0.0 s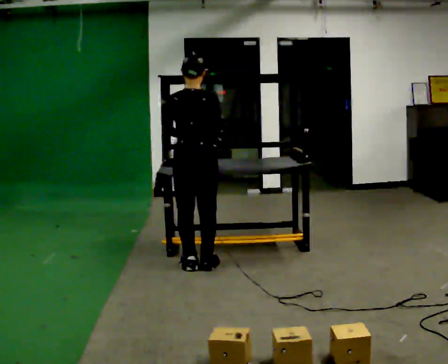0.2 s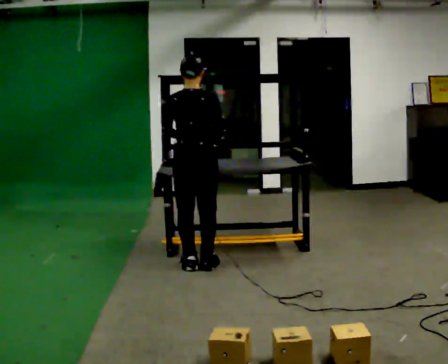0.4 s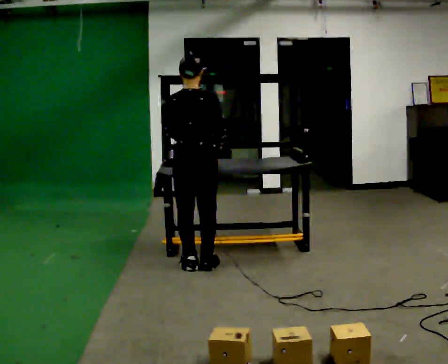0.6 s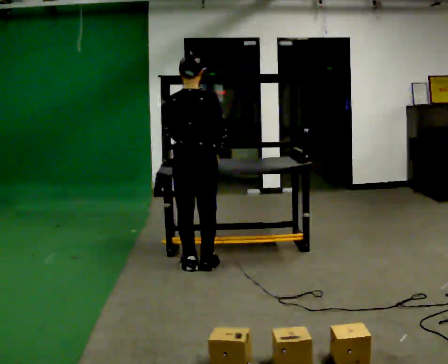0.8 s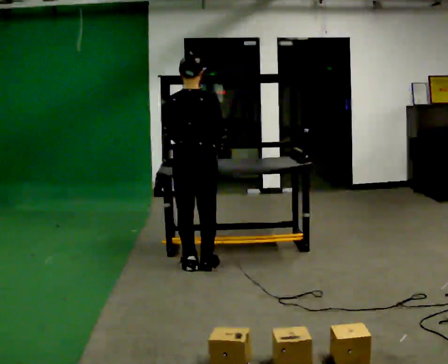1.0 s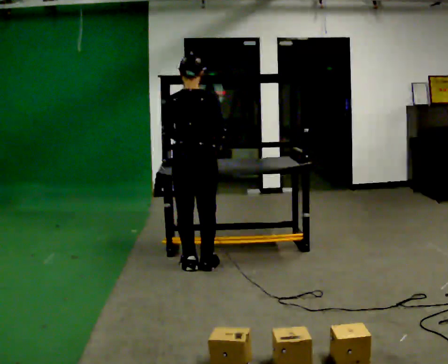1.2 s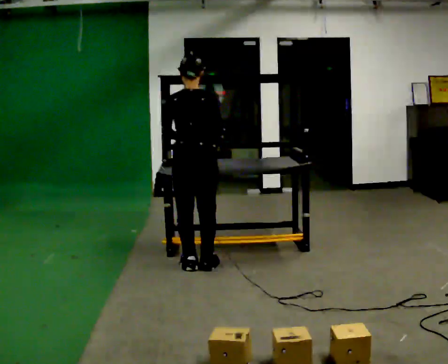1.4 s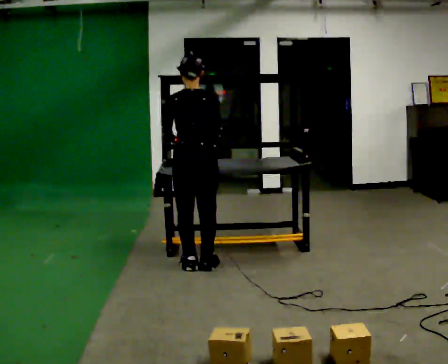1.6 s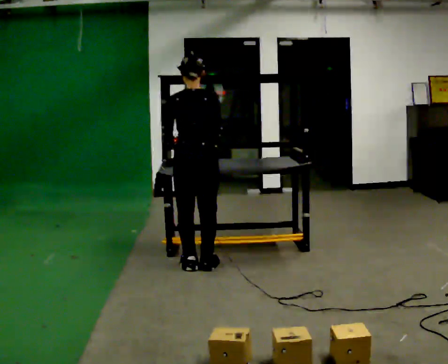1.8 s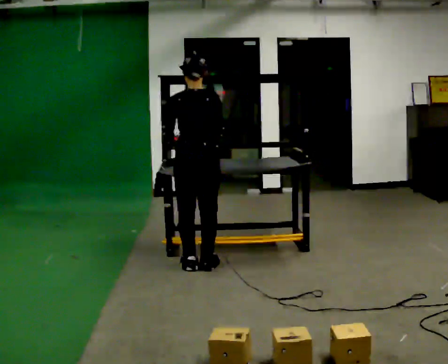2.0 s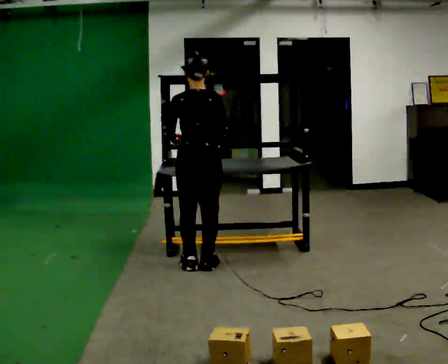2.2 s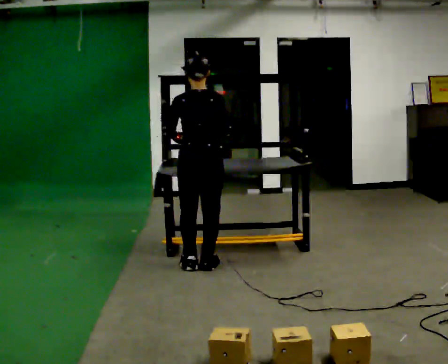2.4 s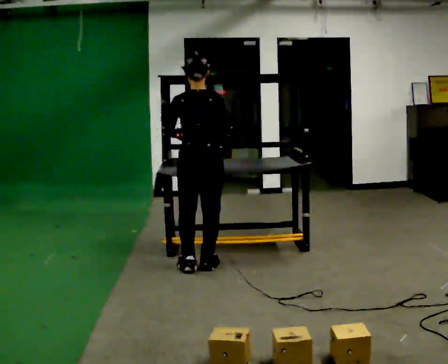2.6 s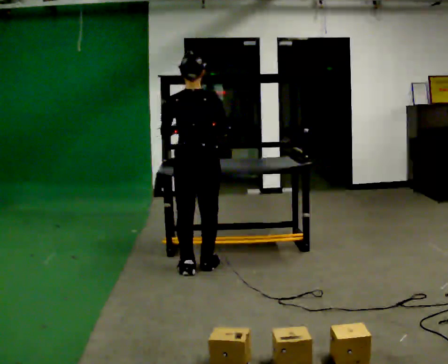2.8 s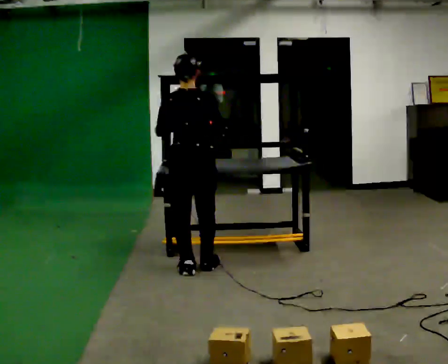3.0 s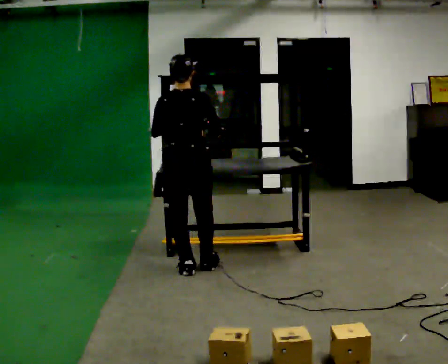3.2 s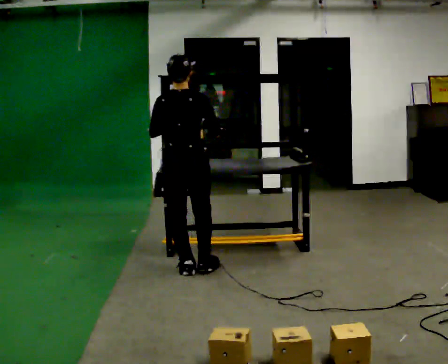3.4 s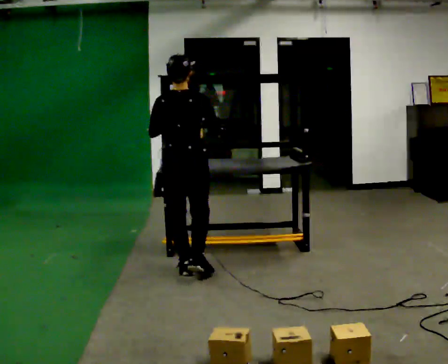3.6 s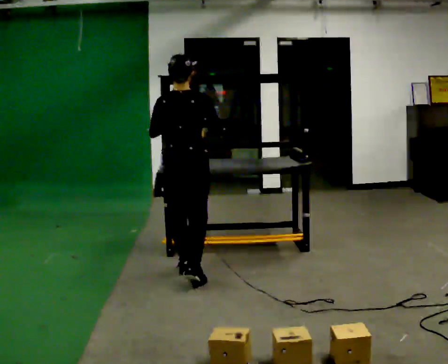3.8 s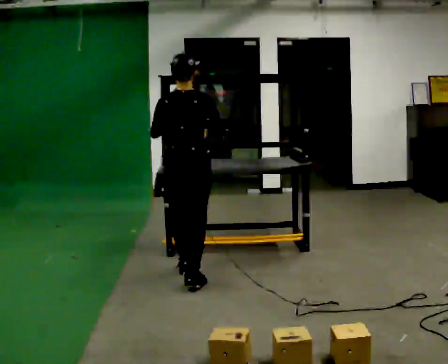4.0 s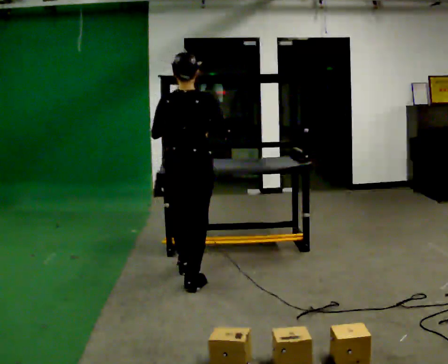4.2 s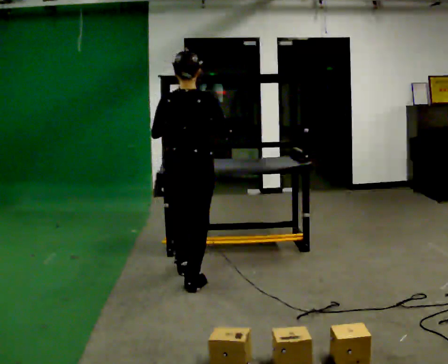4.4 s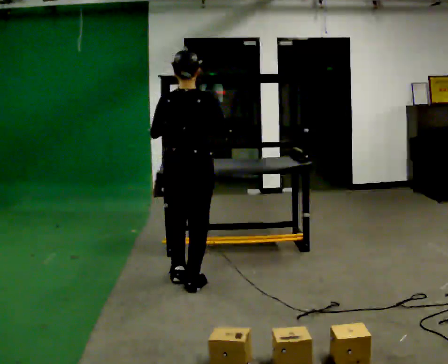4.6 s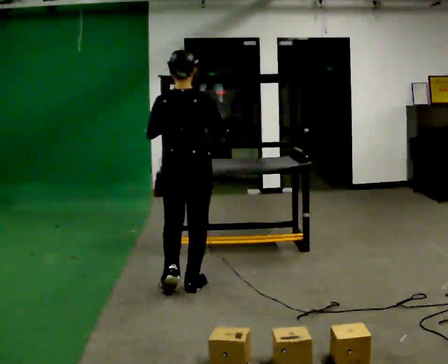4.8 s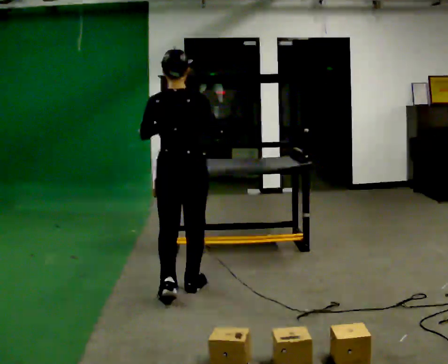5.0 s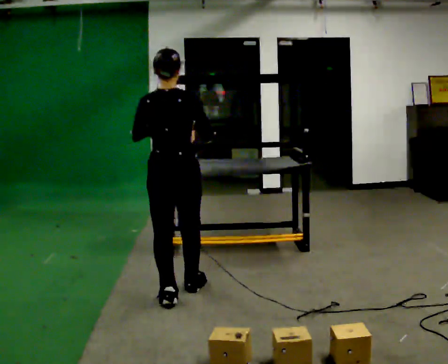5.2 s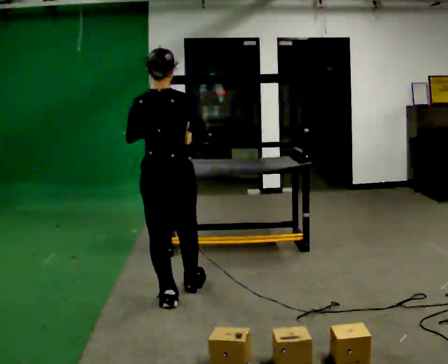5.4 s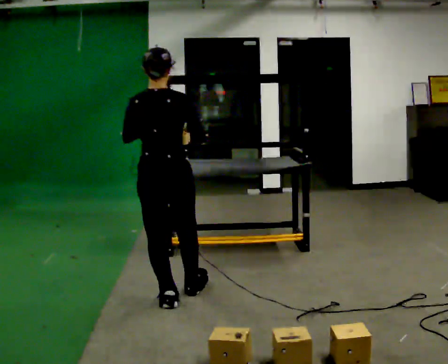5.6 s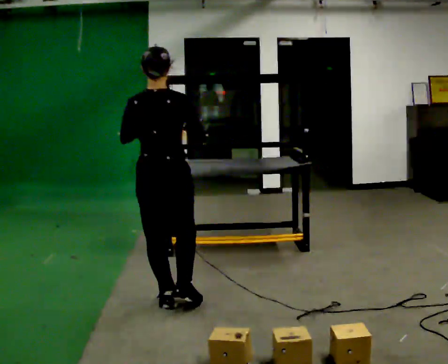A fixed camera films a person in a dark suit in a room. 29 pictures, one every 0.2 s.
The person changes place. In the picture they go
toward the camera.
0.0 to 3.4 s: In the picture they go toward the camera, about 0.25 m in 1 step, which for them is backward.
3.4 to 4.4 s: In the picture they go toward the camera, about 0.25 m in 1 step, which for them is backward.
4.4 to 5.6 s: In the picture they go toward the camera and to the left, about 0.5 m in 1 step, which for them is backward.
The film runs backward here.
